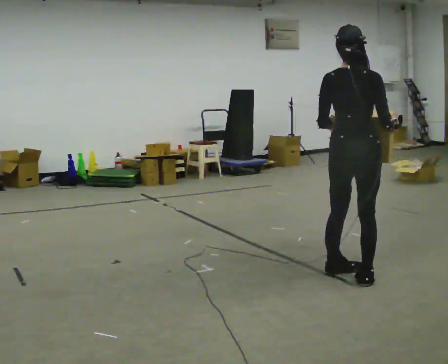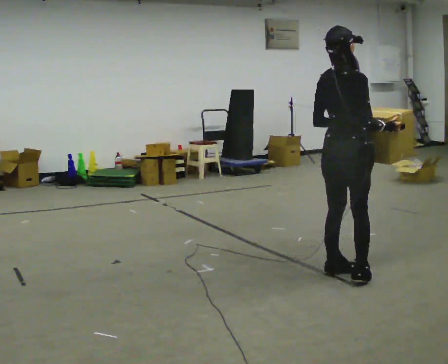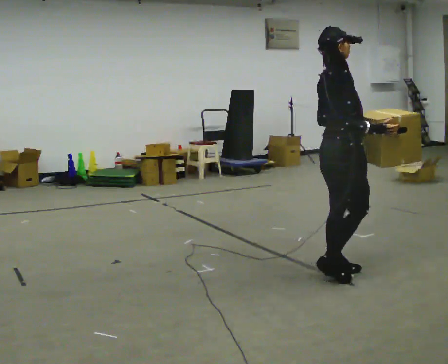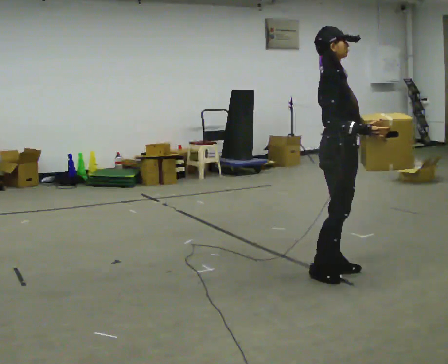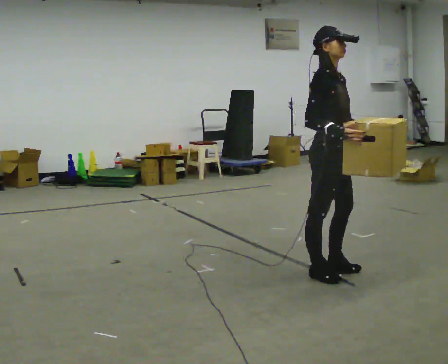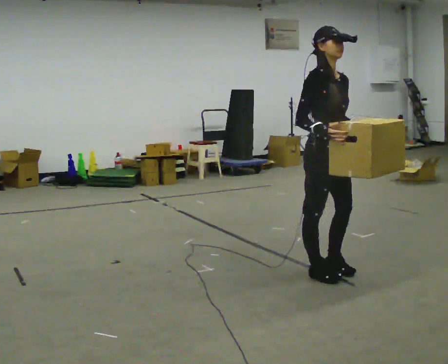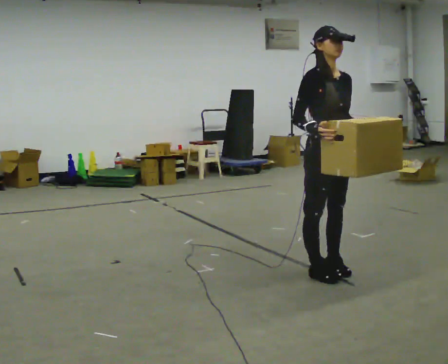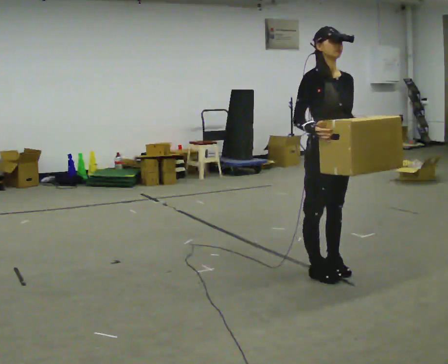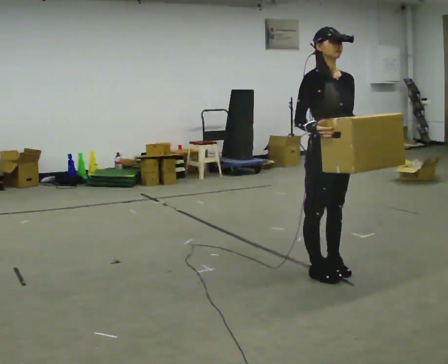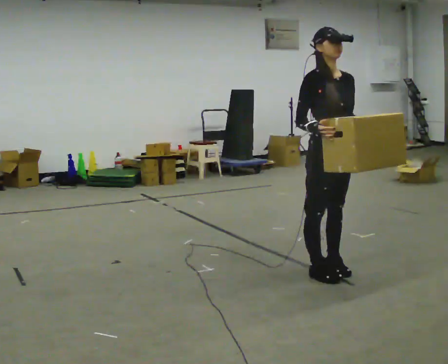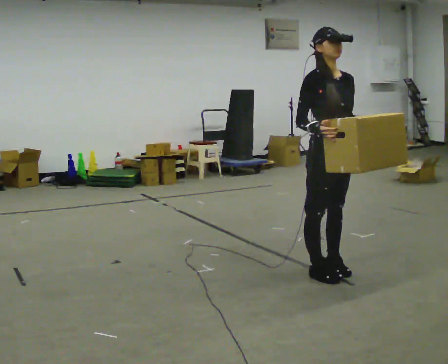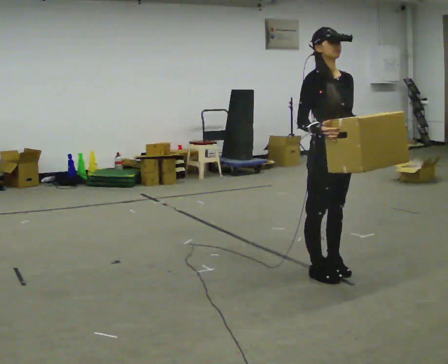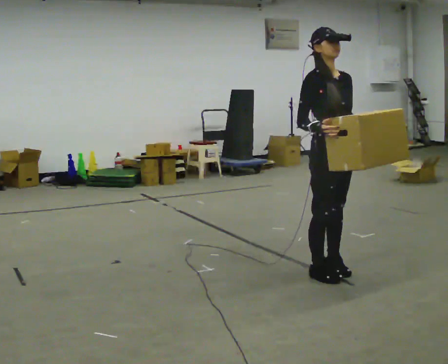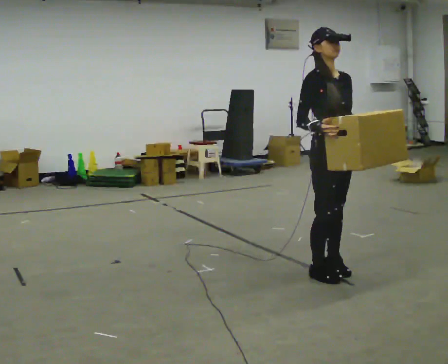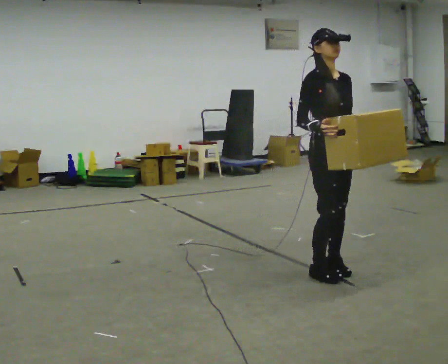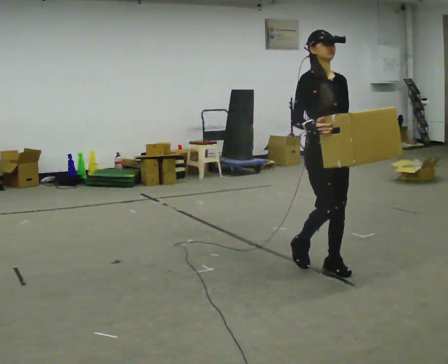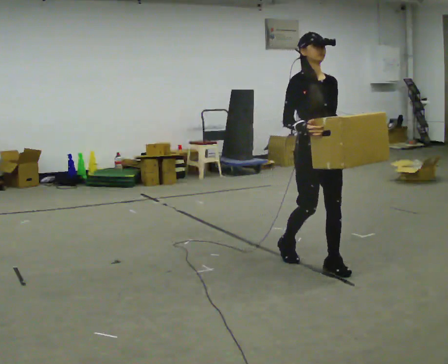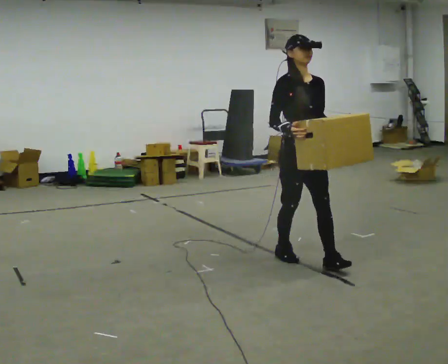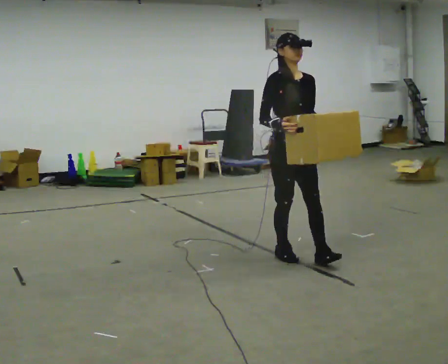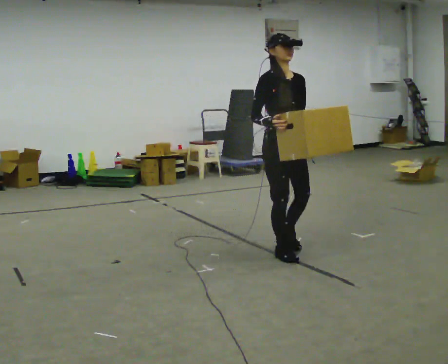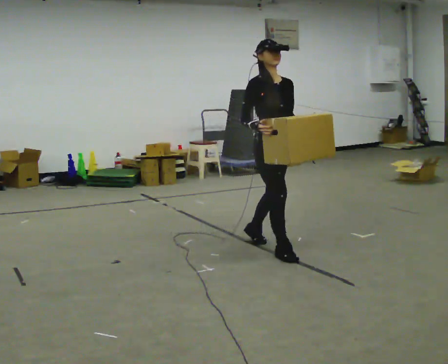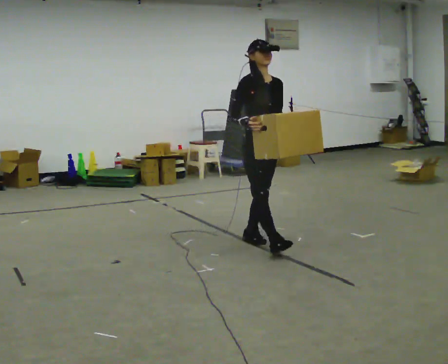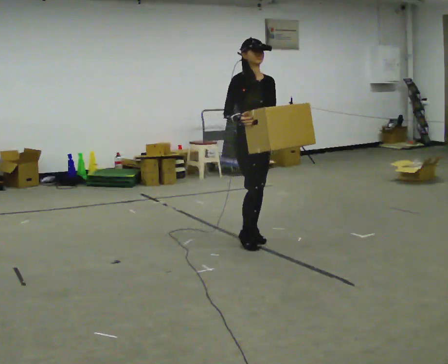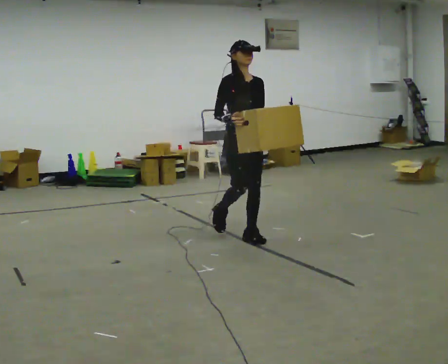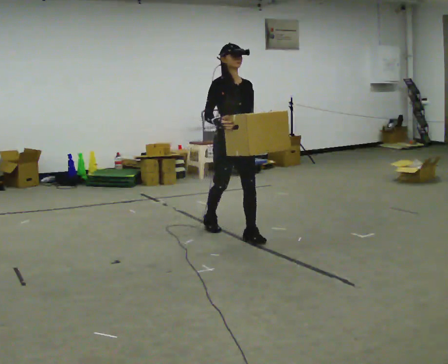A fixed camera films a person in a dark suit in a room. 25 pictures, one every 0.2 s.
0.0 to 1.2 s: Seen from above the body turns clockwise, about 120 degrees: to their right, with its near side sliding to the left. In the picture they go to the left, about 0.25 m in 1 step. In the picture their right hand goes to the left.
1.2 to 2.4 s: The person moves a little, or ends about where they began.
2.4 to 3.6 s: In the picture they go to the left and away from the camera, about 0.5 m in 2 steps, which for them is backward.
3.6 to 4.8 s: In the picture they go to the left and away from the camera, about 1 m in 1 step, which for them is backward.
The film runs backward here.
